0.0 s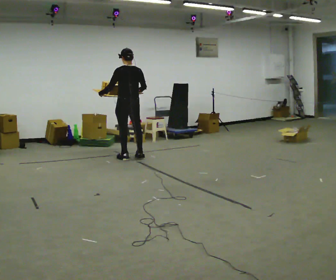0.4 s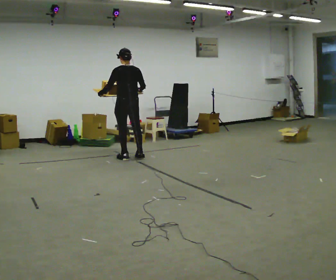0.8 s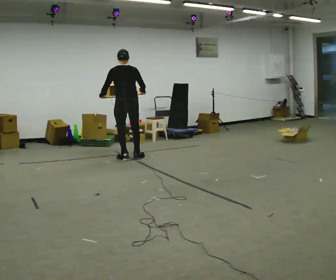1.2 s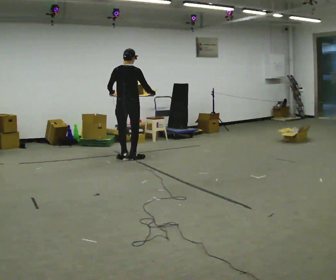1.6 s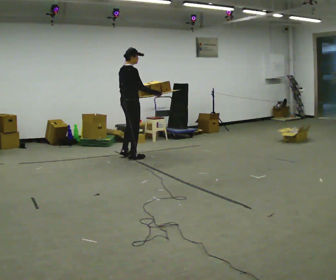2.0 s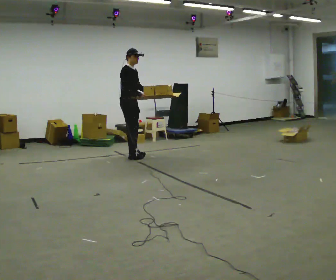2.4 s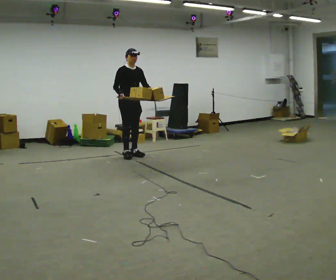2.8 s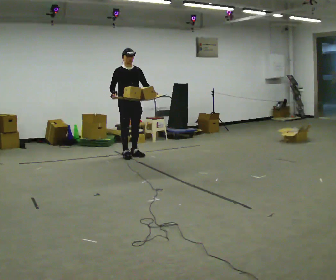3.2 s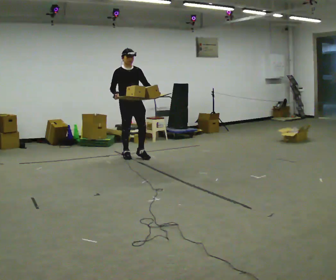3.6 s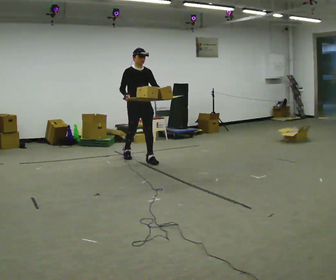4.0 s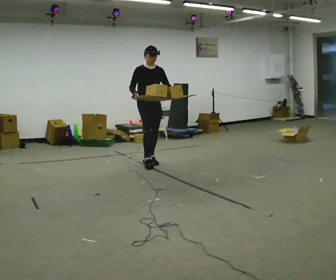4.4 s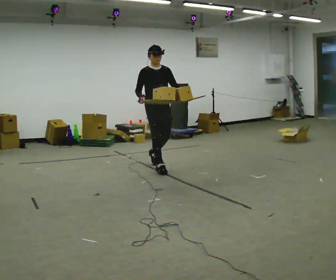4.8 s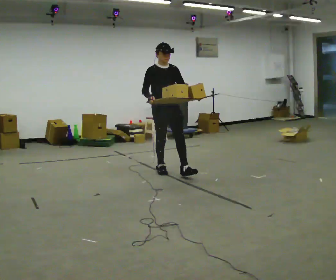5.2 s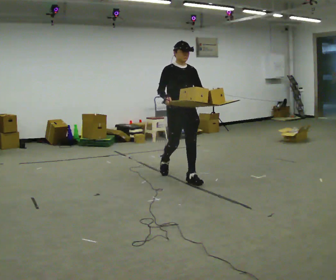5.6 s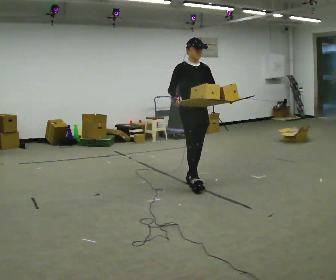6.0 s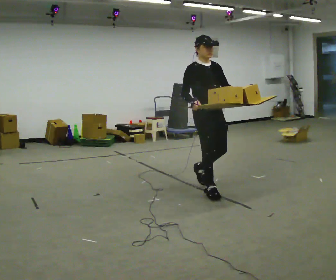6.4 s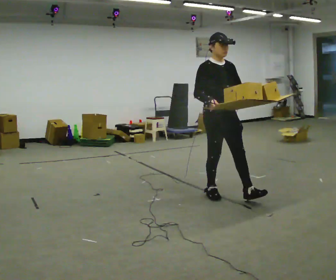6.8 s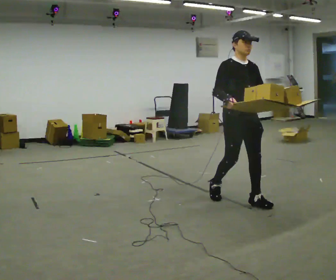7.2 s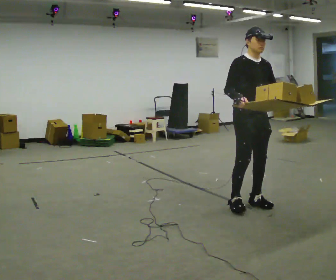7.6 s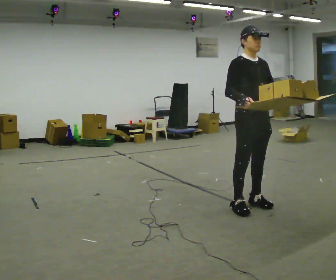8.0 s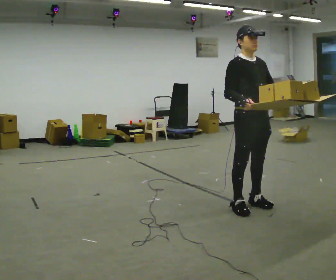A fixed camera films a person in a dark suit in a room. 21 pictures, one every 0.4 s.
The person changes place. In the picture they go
toward the camera.
Their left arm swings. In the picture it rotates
counterclockwise.
0.0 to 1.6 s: The part of the body nearest the lens slides to the left as the person turns to their right by about 90 degrees. In the picture their left hand goes to the right, the arm swinging counterclockwise.
1.6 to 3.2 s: Seen from above the body turns clockwise, about 90 degrees: to their right, with its near side sliding to the left. In the picture their left hand goes to the right.
3.2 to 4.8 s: In the picture they go toward the camera and to the right, about 1 m in 2 steps, which for them is forward.
4.8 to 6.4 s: In the picture they go toward the camera and to the right, about 1 m in 2 steps, which for them is forward.
6.4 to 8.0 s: In the picture they go toward the camera and to the right, about 0.5 m in 2 steps, which for them is forward.
The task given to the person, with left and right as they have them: Carry the loaded tray flat and level in both hands, walking back and forth across the room. Try not to let anything slide off.
The film runs forward here.
